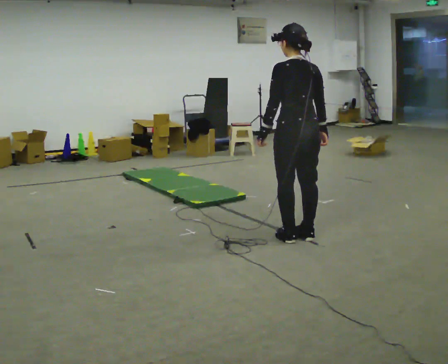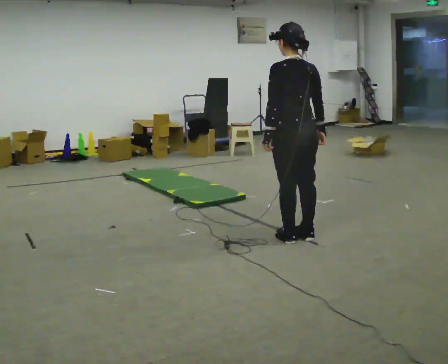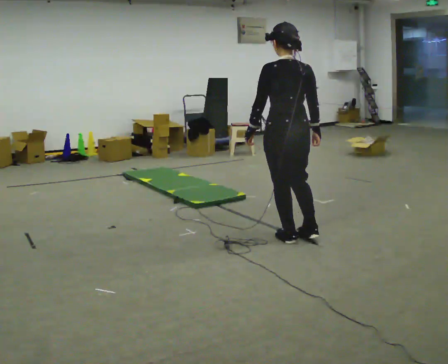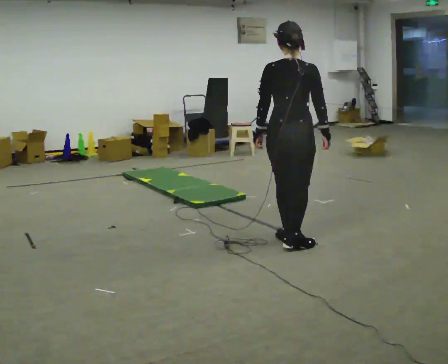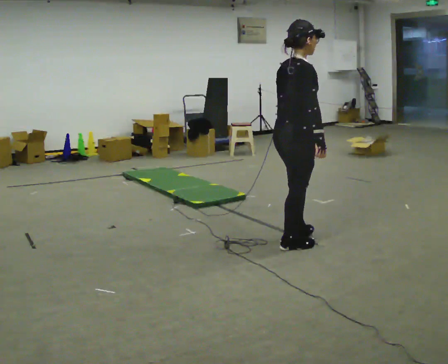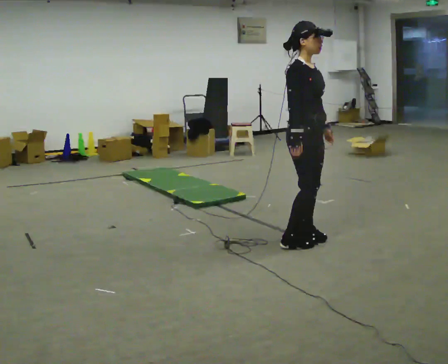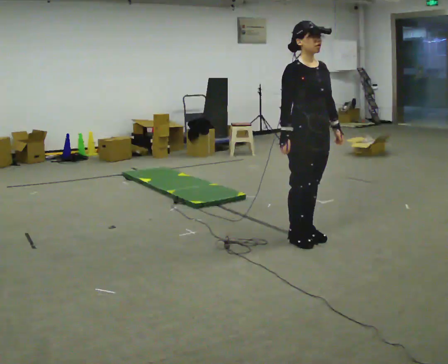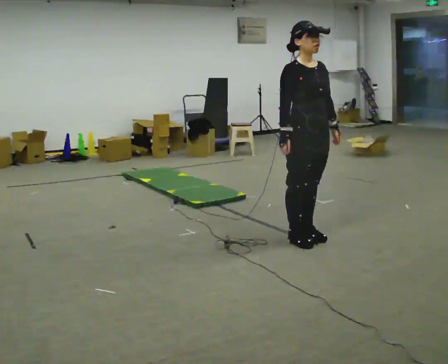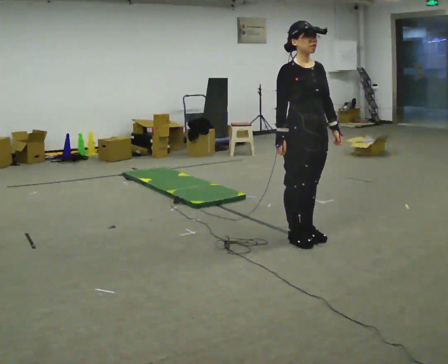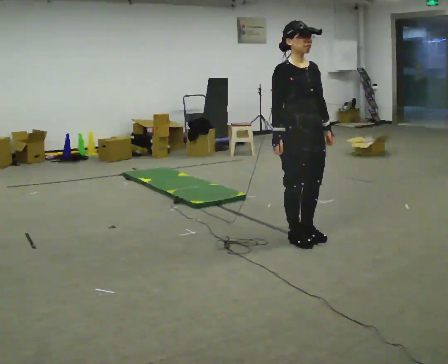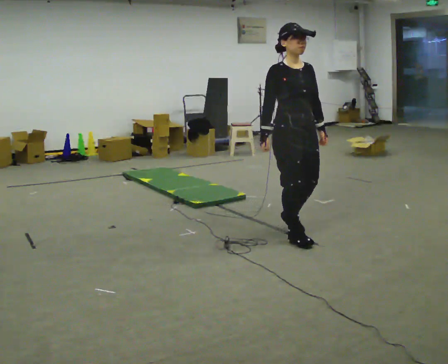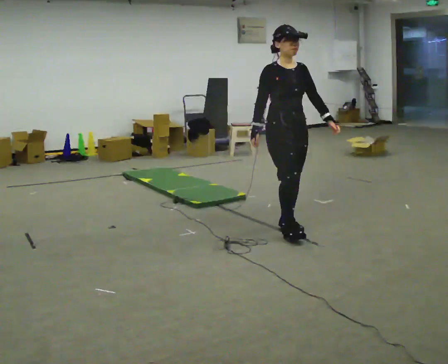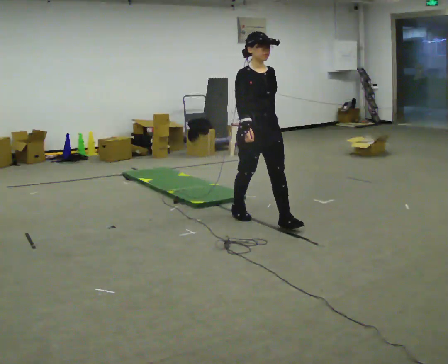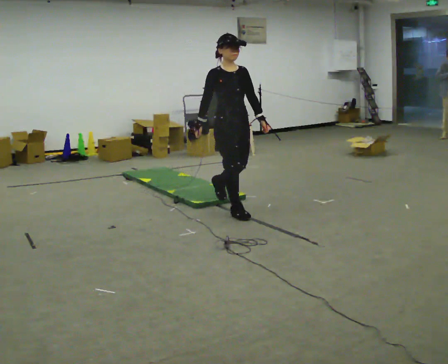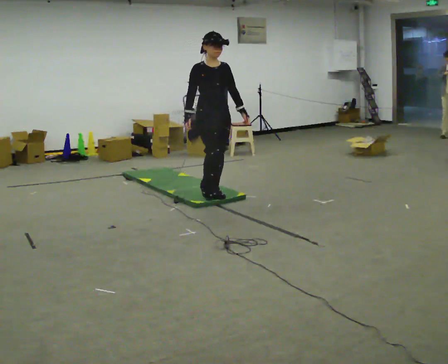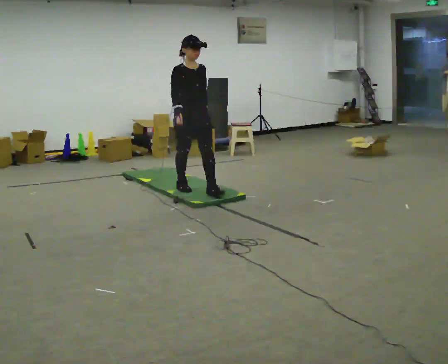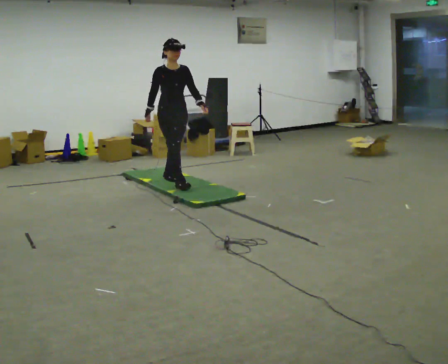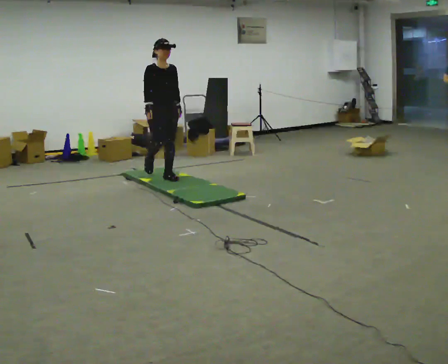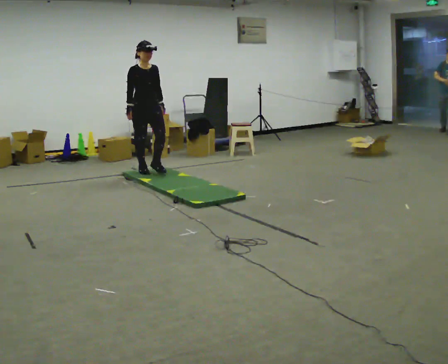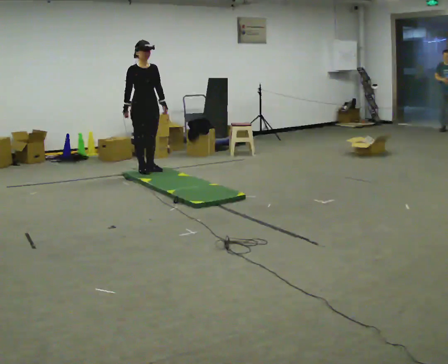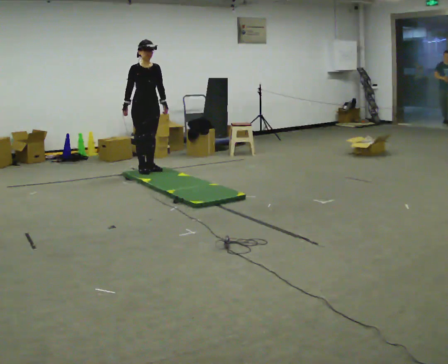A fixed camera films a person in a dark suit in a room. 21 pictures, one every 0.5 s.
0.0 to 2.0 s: Seen from above the body turns clockwise, about 90 degrees: to their right, with its near side sliding to the left. In the picture they go toward the camera, about 0.25 m in 1 step.
2.0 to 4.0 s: The part of the body nearest the lens slides to the left as the person turns to their right by about 90 degrees. In the picture their left hand goes to the right, the arm swinging counterclockwise.
4.0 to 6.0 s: In the picture they go away from the camera and to the left, about 0.5 m in 2 steps, which for them is backward.
6.0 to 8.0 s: In the picture they go away from the camera and to the left, about 1.5 m in 3 steps, which for them is backward.
8.0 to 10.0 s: In the picture they go away from the camera and to the left, about 1 m in 2 steps, which for them is backward.
The film runs backward here.
